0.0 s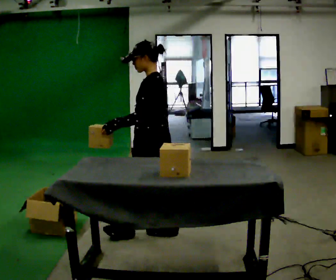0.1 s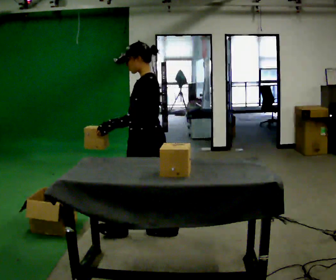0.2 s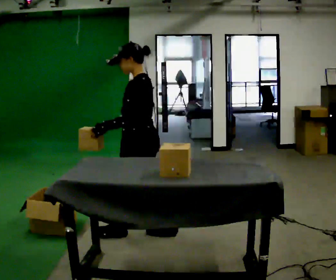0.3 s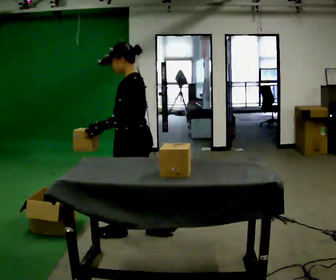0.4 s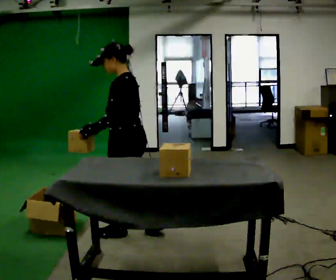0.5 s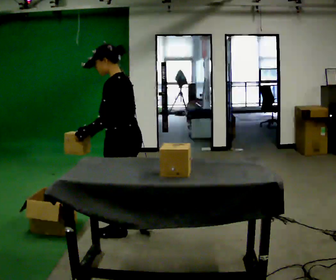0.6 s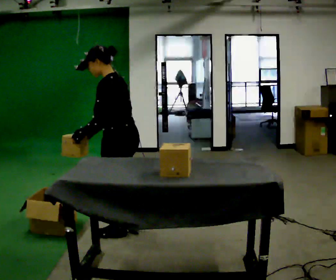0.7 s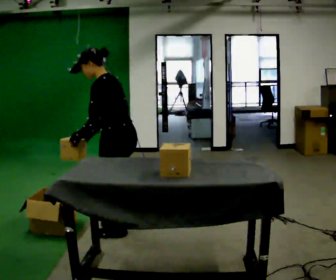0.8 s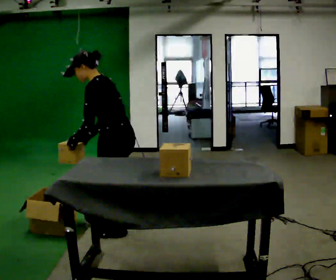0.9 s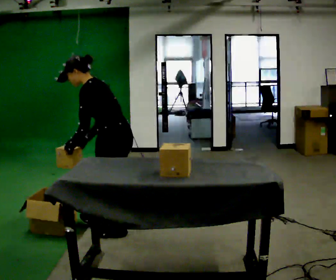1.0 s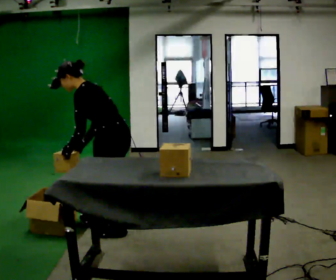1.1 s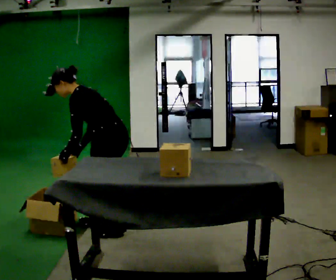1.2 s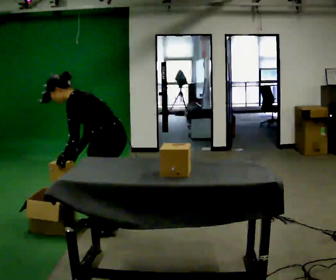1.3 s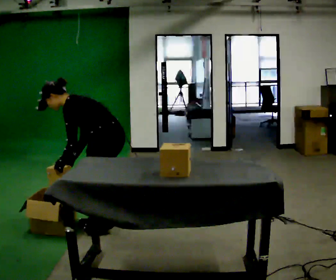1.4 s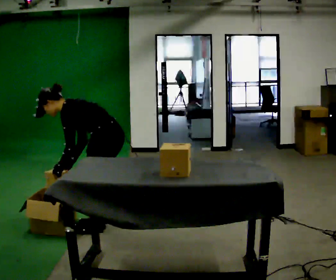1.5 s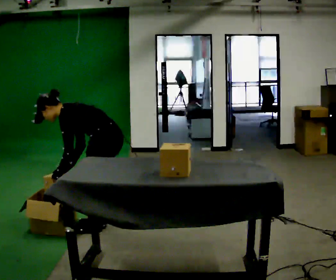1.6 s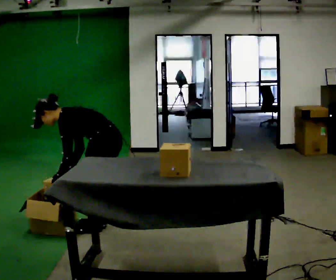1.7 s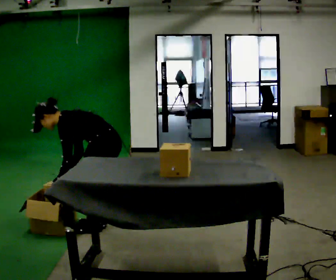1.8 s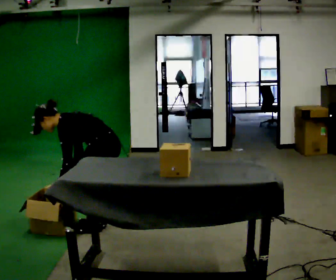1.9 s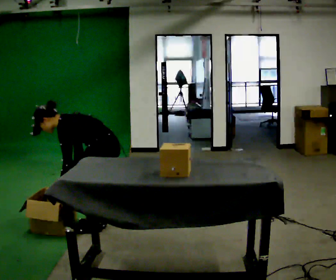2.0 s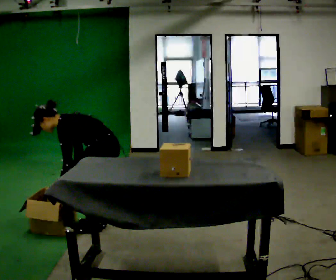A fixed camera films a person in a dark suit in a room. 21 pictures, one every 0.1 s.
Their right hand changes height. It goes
downward.
The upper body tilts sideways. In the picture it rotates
counterclockwise.
0.0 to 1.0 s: In the picture they go to the left, about 0.25 m in 2 steps, which for them is forward. In the picture the upper body tilts counterclockwise, shoulders to the left, as they bend forward.
1.0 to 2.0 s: The upper body goes downward. In the picture the upper body tilts counterclockwise, shoulders to the left, as they bend forward.
The film runs forward here.
